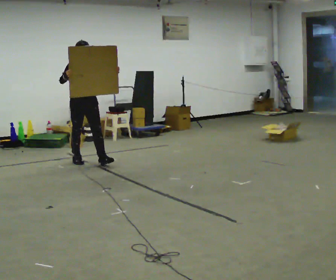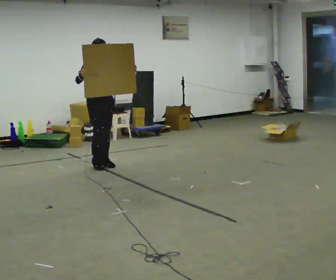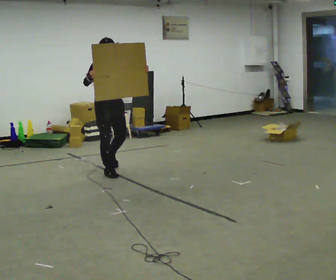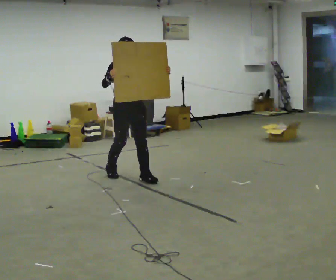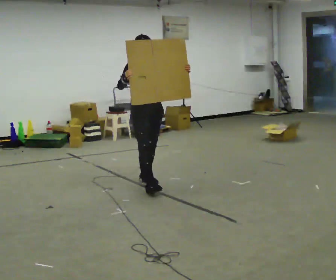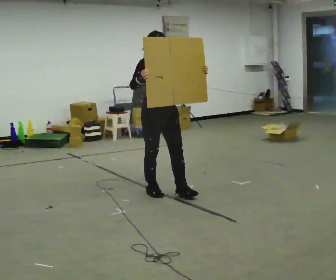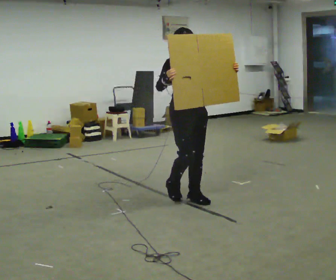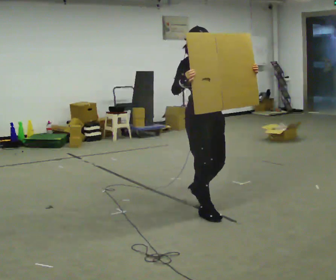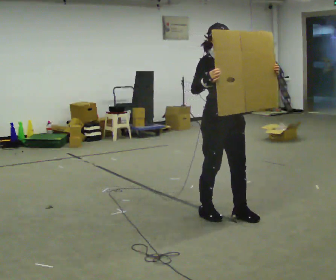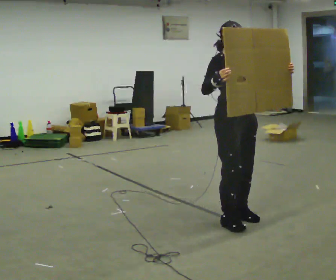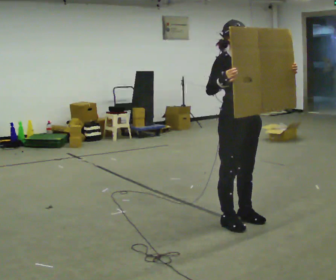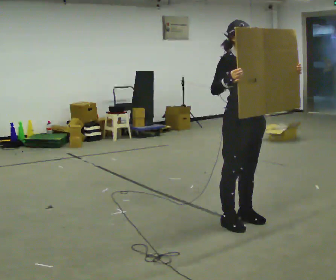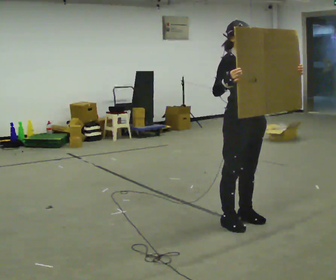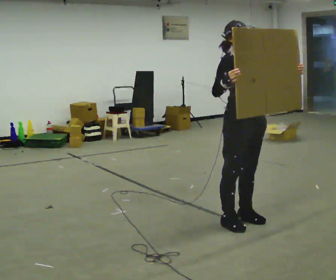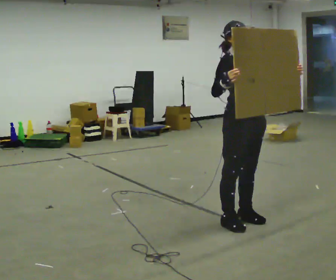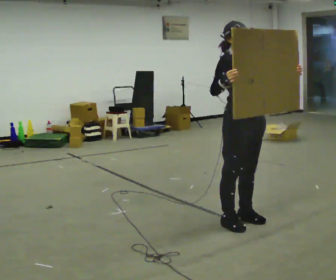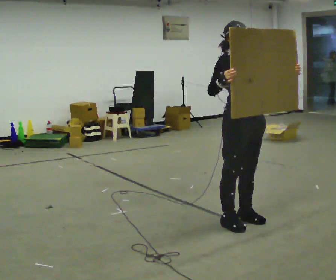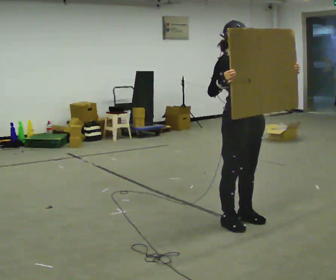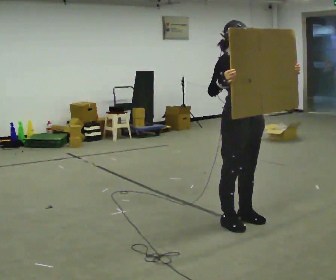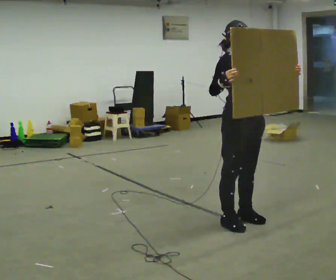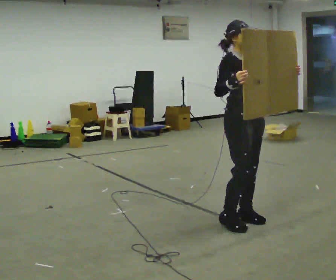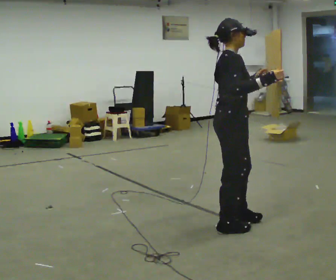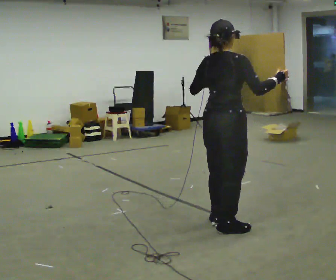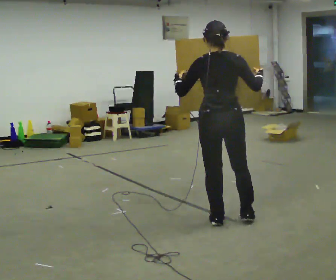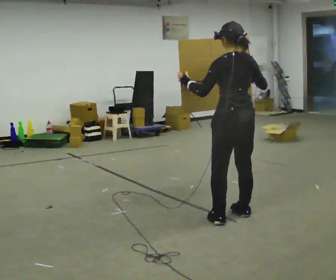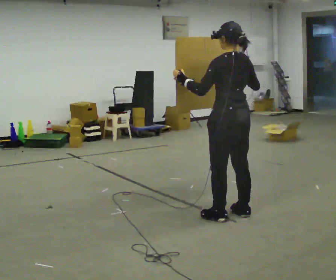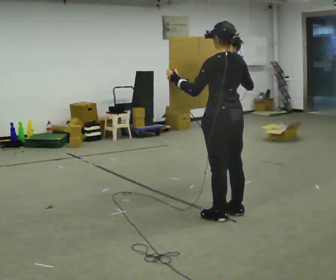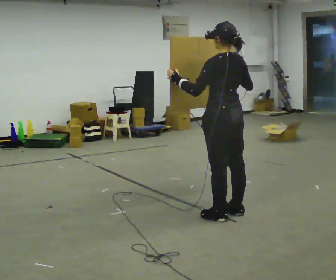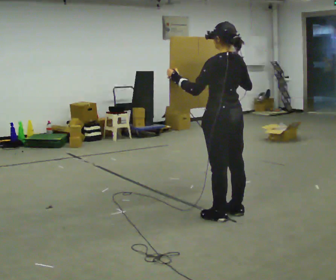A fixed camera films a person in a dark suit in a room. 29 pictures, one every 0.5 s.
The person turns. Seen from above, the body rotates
counterclockwise.
The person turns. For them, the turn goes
to their left.
0.0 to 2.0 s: In the picture they go to the right and toward the camera, about 1.5 m in 4 steps, which for them is forward.
2.0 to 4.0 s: In the picture they go to the right and toward the camera, about 1 m in 3 steps, which for them is forward.
4.0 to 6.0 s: In the picture they go to the right, about 0.25 m in 1 step, which for them is forward.
6.0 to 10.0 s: The person moves a little, or ends about where they began.
10.0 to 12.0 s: Seen from above the body turns counterclockwise, about 165 degrees: to their left, with its near side sliding to the right.
12.0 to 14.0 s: The person moves a little, or ends about where they began.
The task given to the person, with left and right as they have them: Carry the large panel across the room. It will block your view ahead, so take whatever route feels safe. Keep going until the operator says stop; one object at a time, and do not rush between trips.
The film runs forward here.
